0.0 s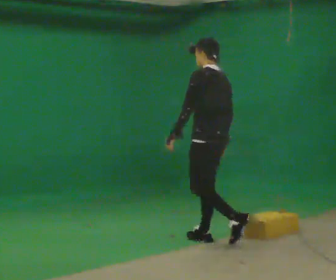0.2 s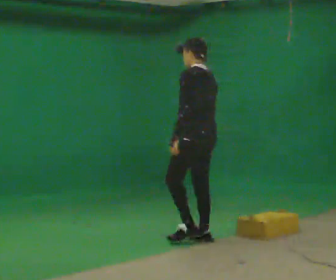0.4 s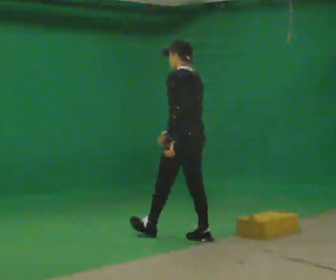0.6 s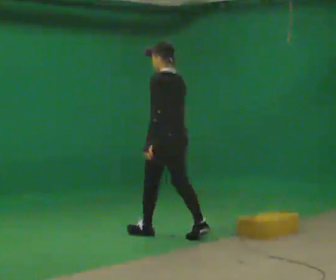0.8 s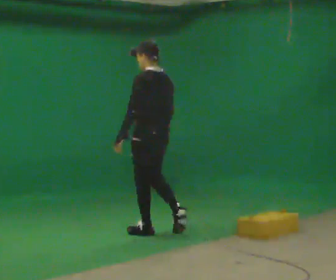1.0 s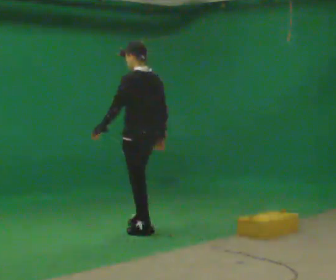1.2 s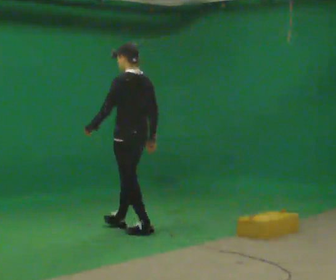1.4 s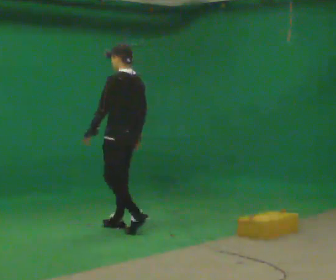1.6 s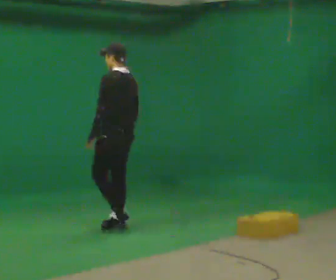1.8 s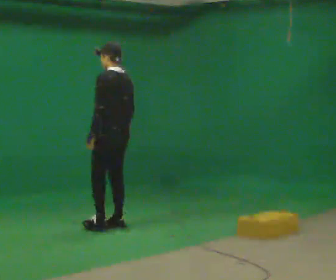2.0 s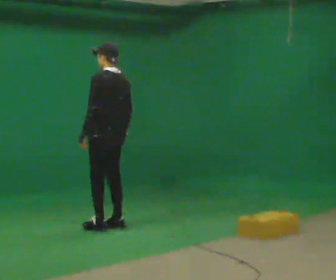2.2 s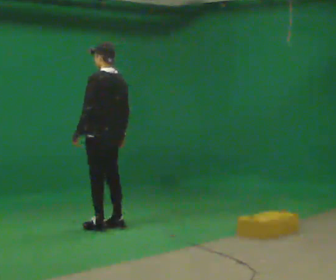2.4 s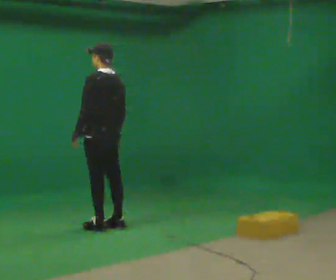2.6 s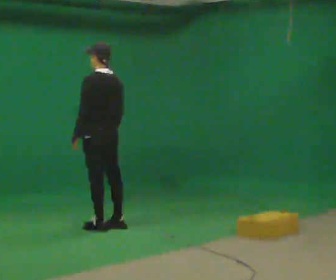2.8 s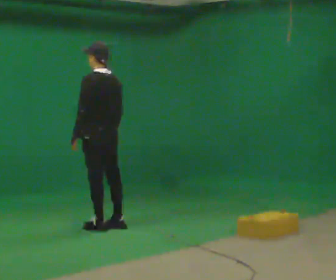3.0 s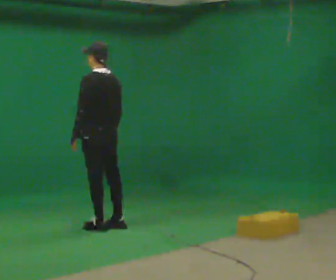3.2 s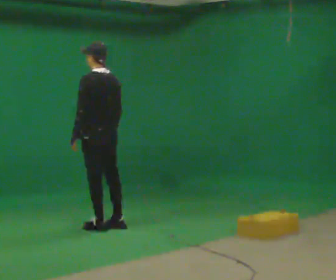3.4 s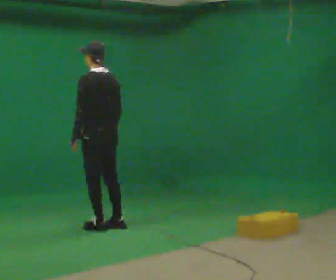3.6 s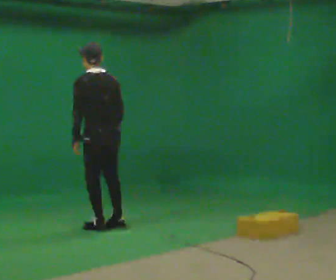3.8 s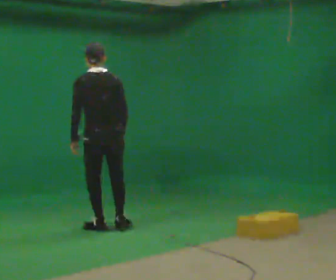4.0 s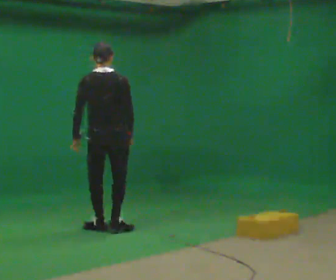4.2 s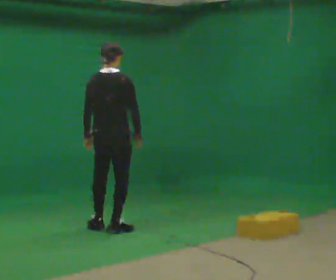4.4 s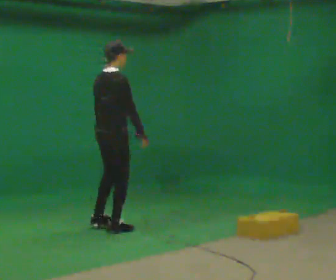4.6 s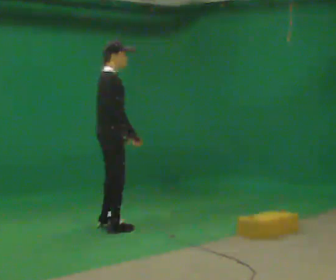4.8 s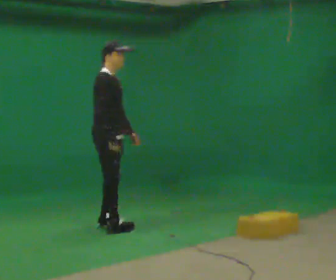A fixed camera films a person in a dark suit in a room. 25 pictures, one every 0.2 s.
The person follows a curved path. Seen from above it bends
counterclockwise.
The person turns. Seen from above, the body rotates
clockwise.
0.0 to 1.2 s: In the picture they go to the left and away from the camera, about 1 m in 2 steps, which for them is forward.
1.2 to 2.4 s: In the picture they go to the left and away from the camera, about 0.25 m in 1 step, which for them is forward.
2.4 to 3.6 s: The person moves a little, or ends about where they began.
3.6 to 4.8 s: Seen from above the body turns clockwise, about 135 degrees: to their right, with its near side sliding to the left. In the picture the upper body tilts clockwise, shoulders to the right. In the picture their left hand goes to the right.
The film runs forward here.
